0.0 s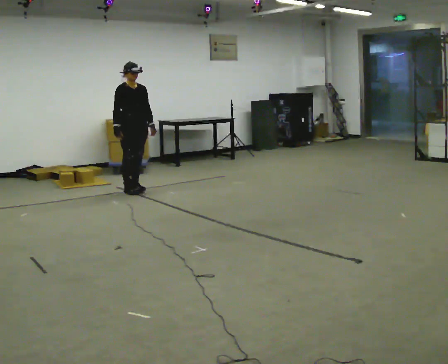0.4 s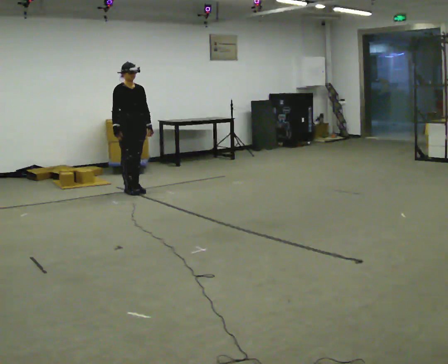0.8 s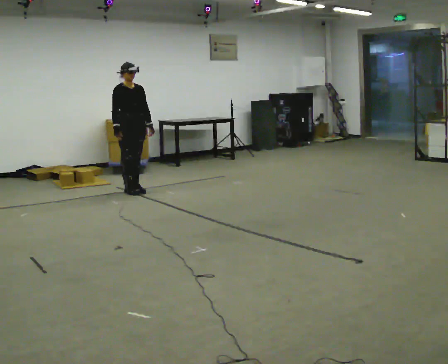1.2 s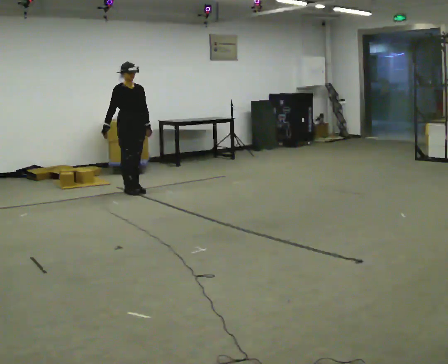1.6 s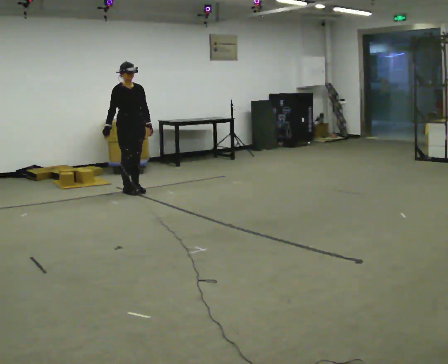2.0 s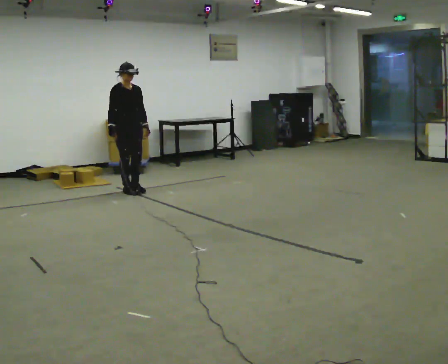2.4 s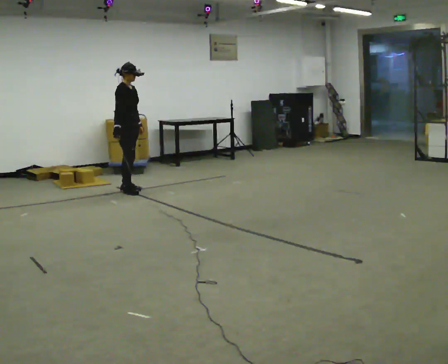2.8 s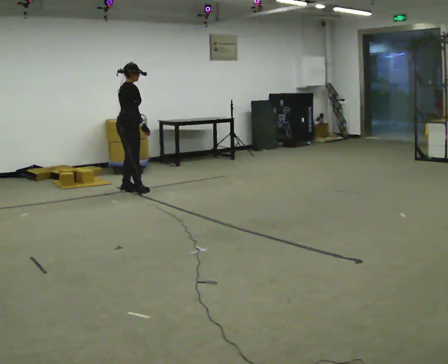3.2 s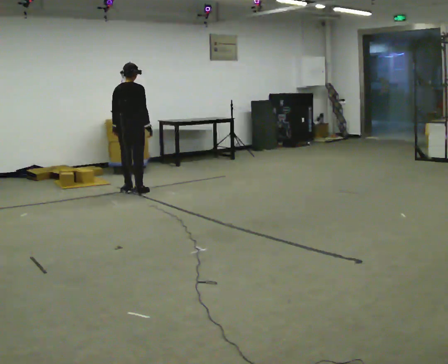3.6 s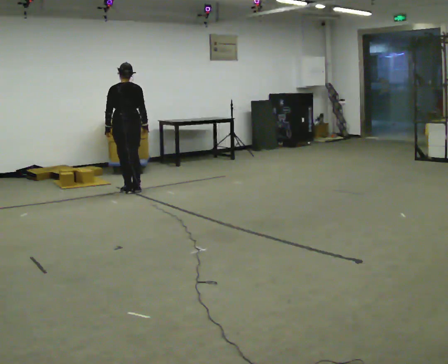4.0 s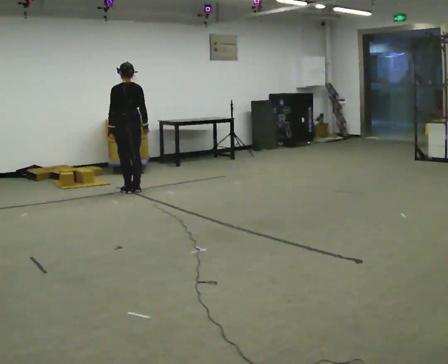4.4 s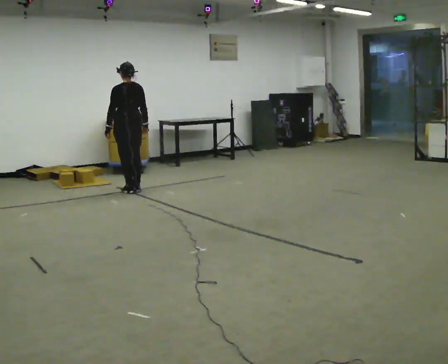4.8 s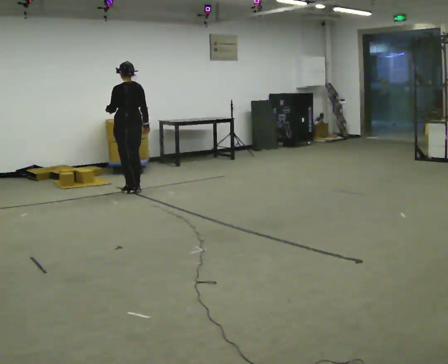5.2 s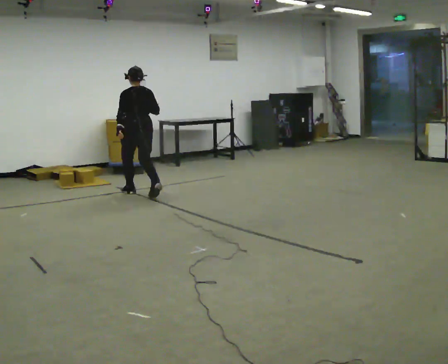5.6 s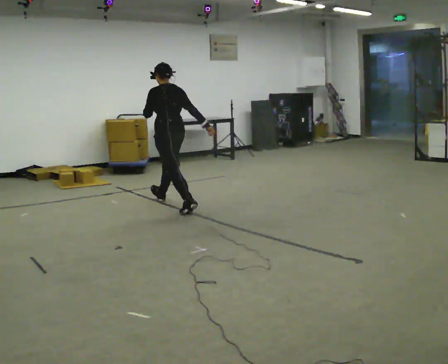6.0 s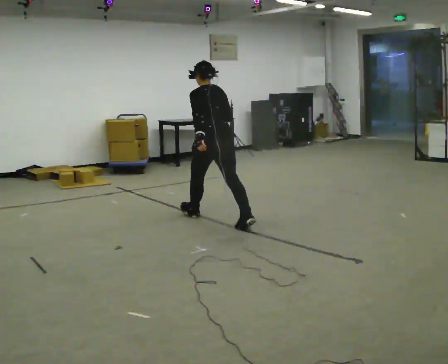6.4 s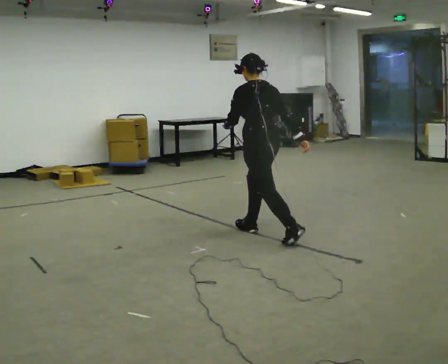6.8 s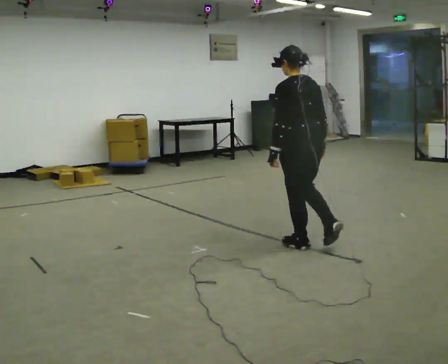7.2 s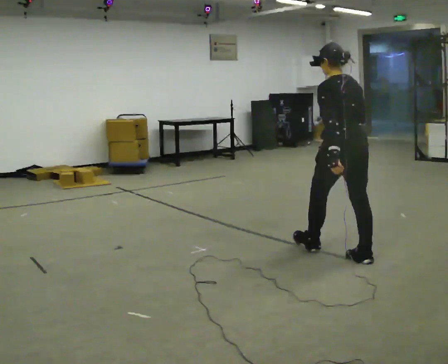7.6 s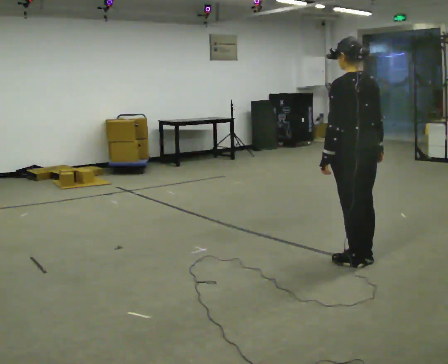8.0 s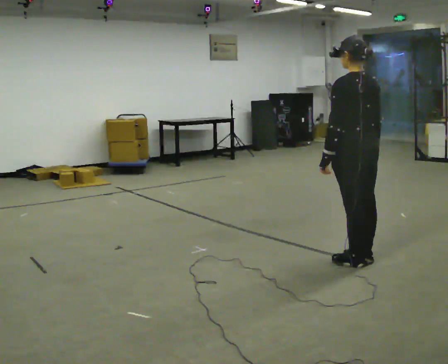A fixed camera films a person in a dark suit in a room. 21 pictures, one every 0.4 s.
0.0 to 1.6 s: The person moves a little, or ends about where they began.
1.6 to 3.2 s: The person turns about 120 degrees to their left, counterclockwise seen from above, so the part of the body nearest the lens slides to the right. In the picture their right hand goes to the right, the arm swinging counterclockwise.
3.2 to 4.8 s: The person turns about 60 degrees to their left, counterclockwise seen from above, so the part of the body nearest the lens slides to the right.
4.8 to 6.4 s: In the picture they go toward the camera and to the right, about 2.5 m in 4 steps, which for them is backward.
6.4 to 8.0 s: In the picture they go toward the camera and to the right, about 1 m in 2 steps, which for them is backward.
The film runs backward here.
